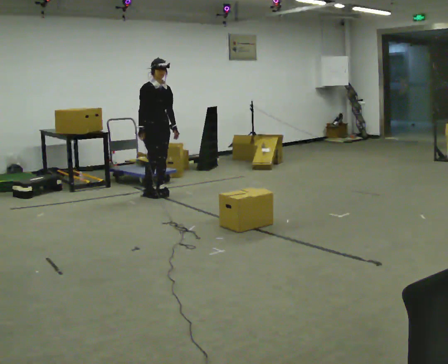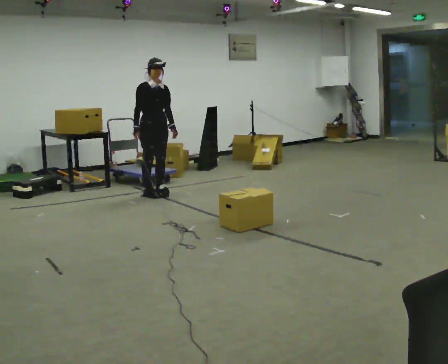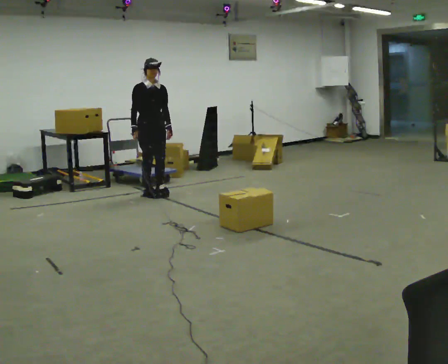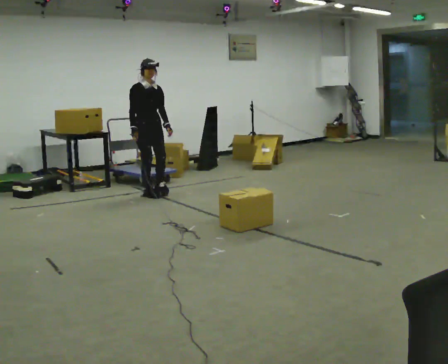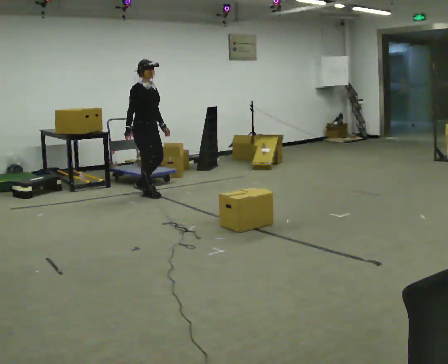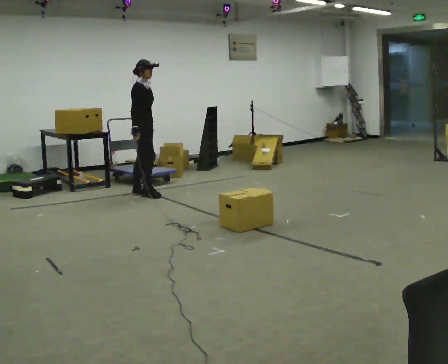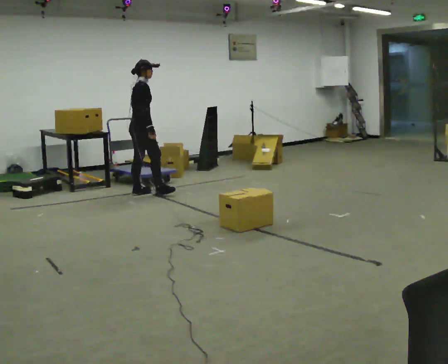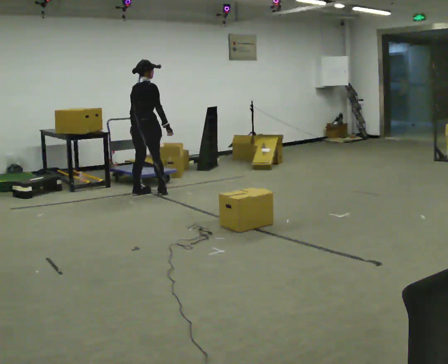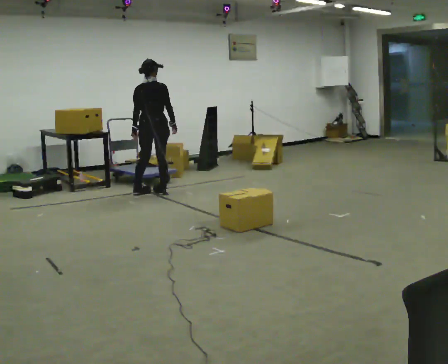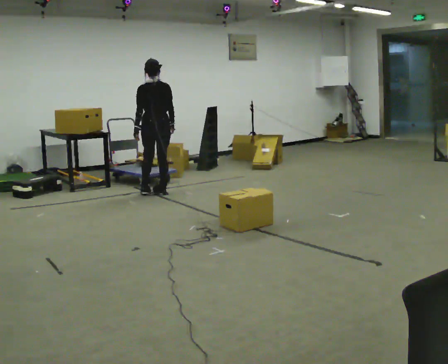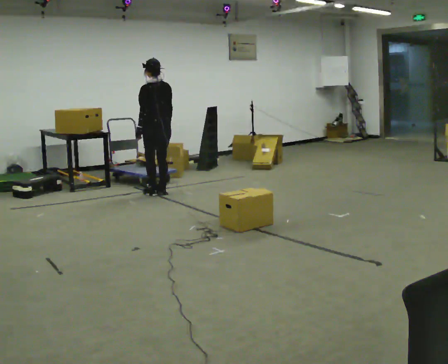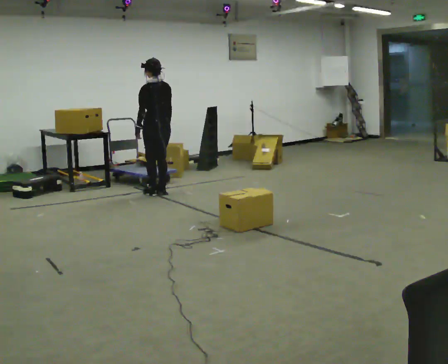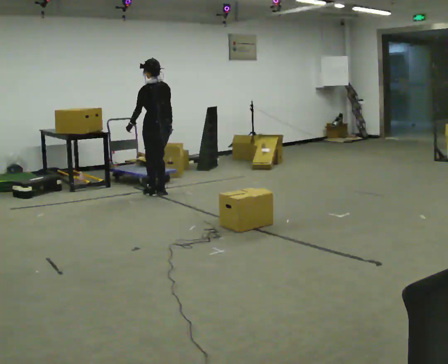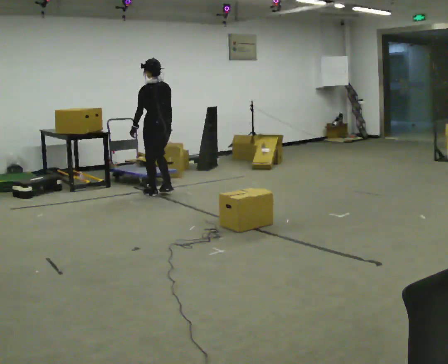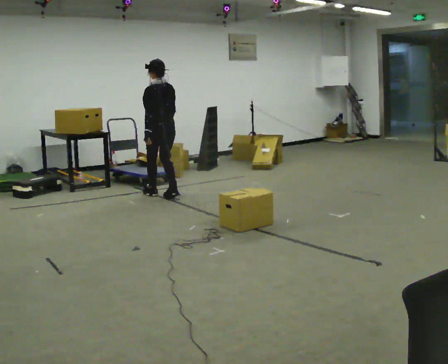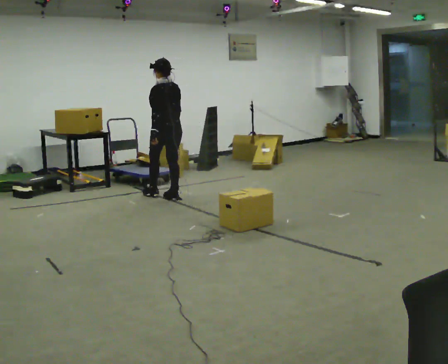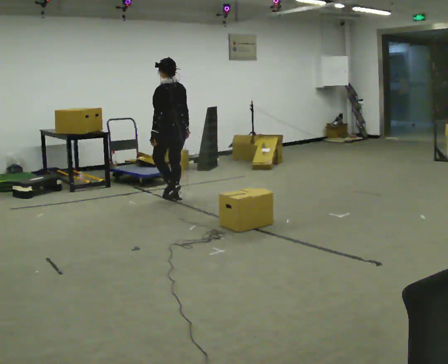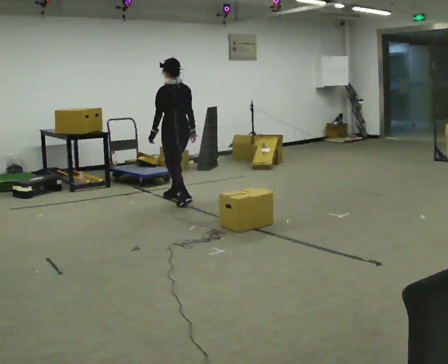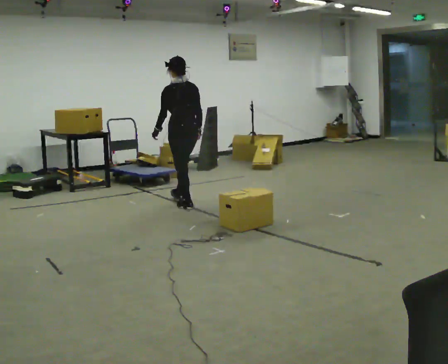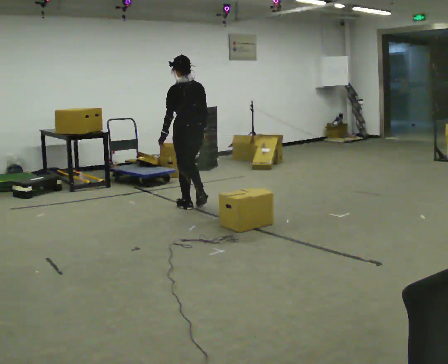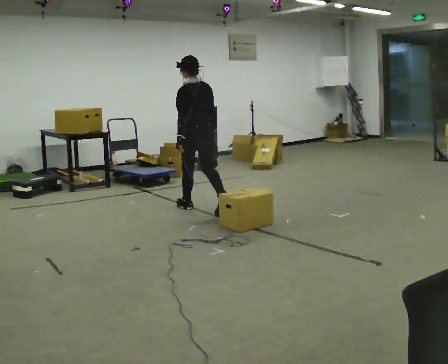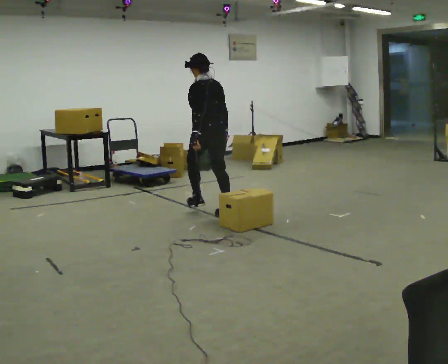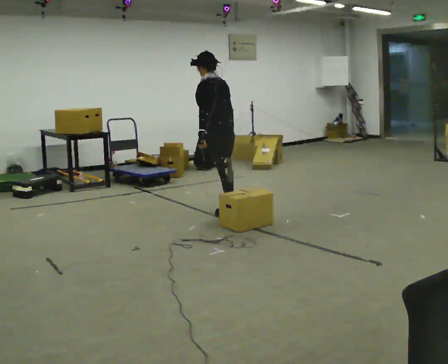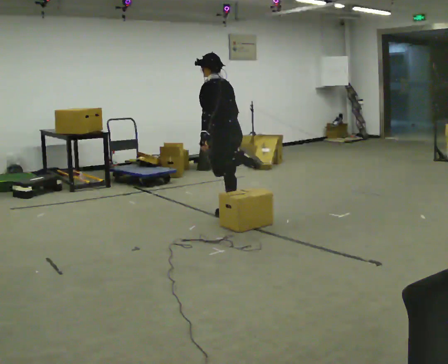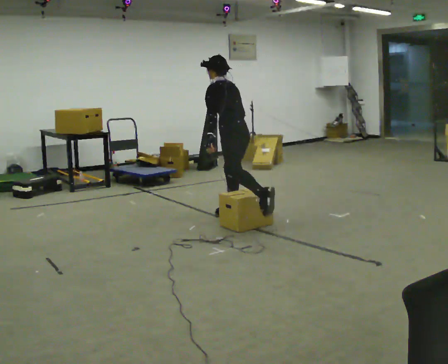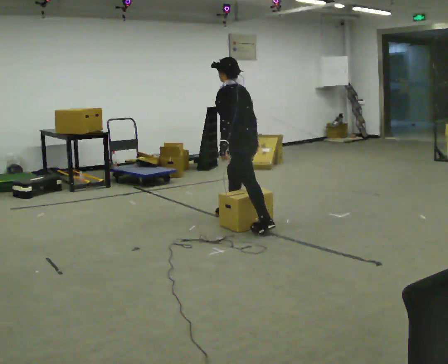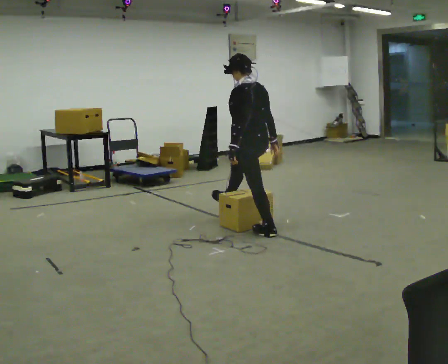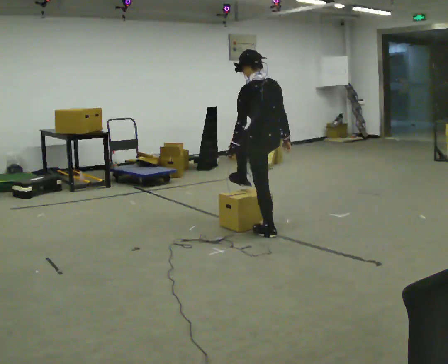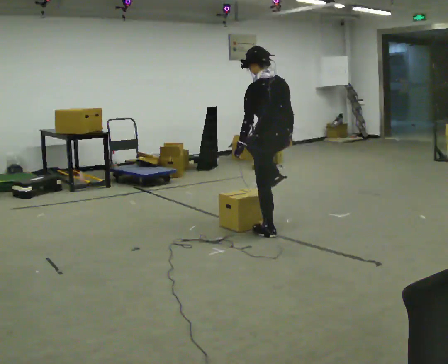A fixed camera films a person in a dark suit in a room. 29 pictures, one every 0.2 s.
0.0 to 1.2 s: Seen from above the body turns counterclockwise, about 75 degrees: to their left, with its near side sliding to the right. In the picture they go to the left, about 0.25 m in 2 steps. In the picture their left hand goes to the left.
1.2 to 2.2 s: The part of the body nearest the lens slides to the right as the person turns to their left by about 105 degrees. In the picture they go to the right, about 0.25 m in 1 step.
2.2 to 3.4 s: In the picture they go toward the camera and to the right, about 0.5 m in 2 steps, which for them is backward.
3.4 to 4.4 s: In the picture they go toward the camera and to the right, about 1 m in 2 steps, which for them is backward.
4.4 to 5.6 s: In the picture they go toward the camera and to the right, about 1 m in 1 step, which for them is backward and to their left.
The film runs backward here.
